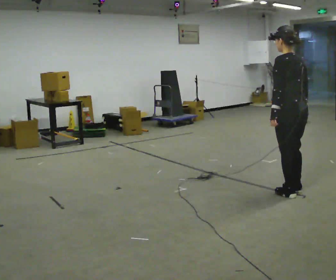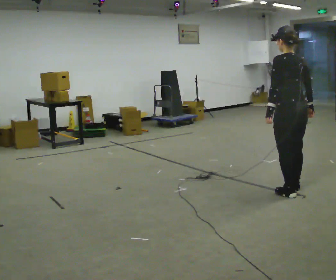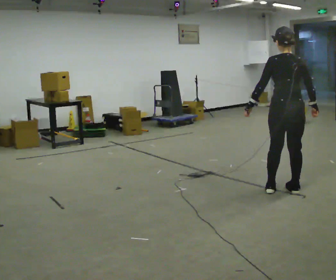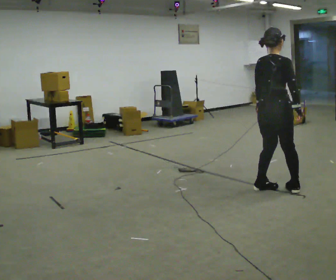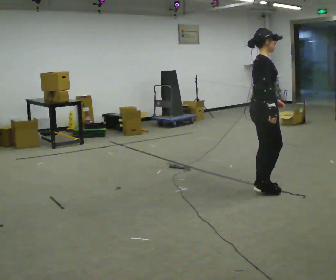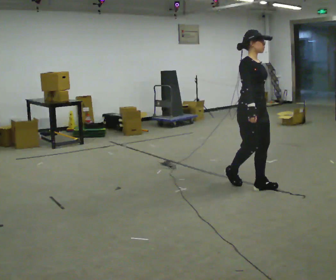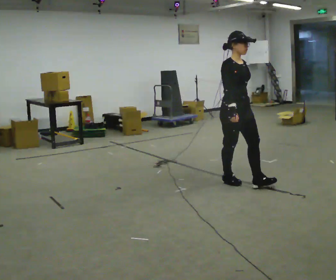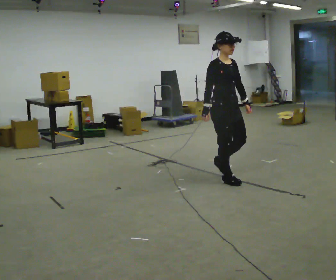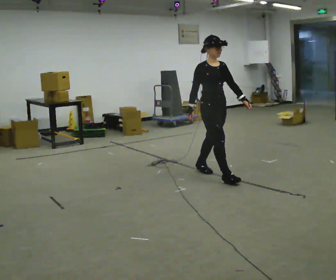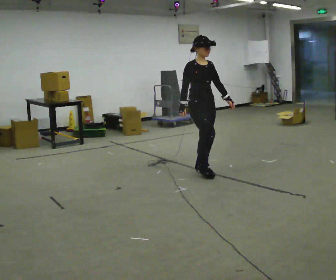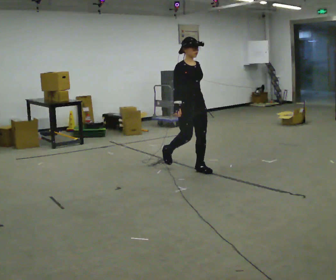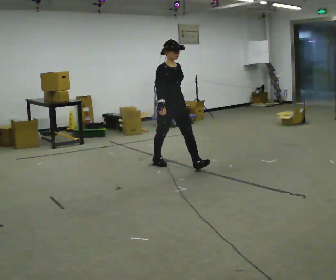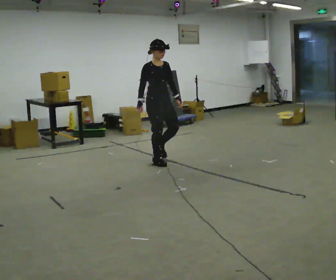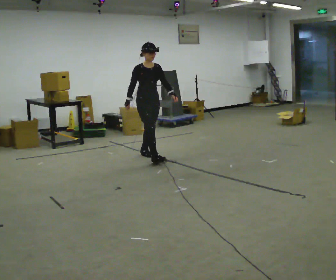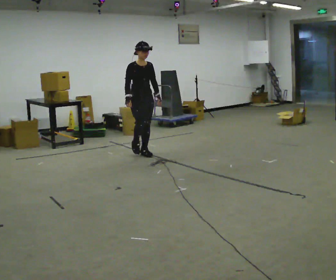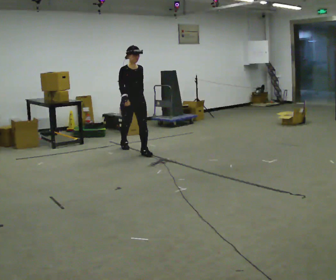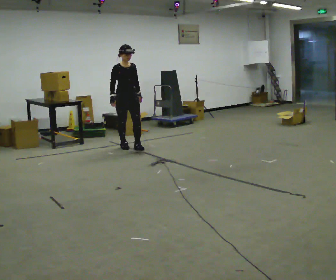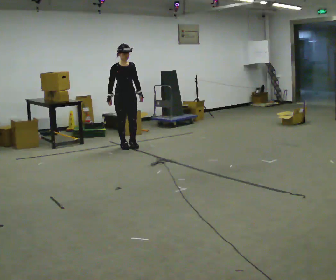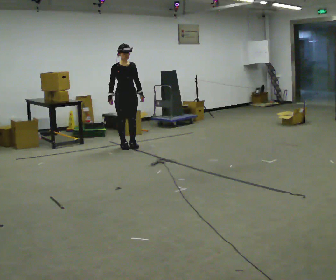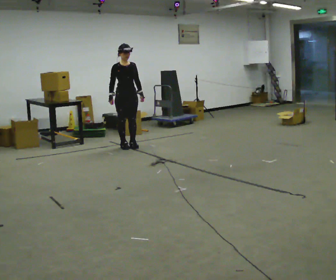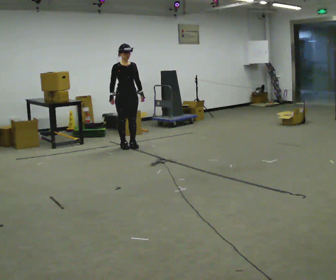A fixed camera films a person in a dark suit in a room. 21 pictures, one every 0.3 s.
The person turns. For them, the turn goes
to their right.
The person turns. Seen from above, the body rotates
clockwise.
0.0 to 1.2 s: Seen from above the body turns clockwise, about 120 degrees: to their right, with its near side sliding to the left. In the picture they go to the left and away from the camera, about 0.25 m in 2 steps.
1.2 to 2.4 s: The person turns about 45 degrees to their right, clockwise seen from above, so the part of the body nearest the lens slides to the left. In the picture they go away from the camera and to the left, about 0.75 m in 1 step, which for them is backward.
2.4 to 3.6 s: In the picture they go to the left and away from the camera, about 1 m in 2 steps, which for them is backward.
3.6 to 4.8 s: In the picture they go away from the camera and to the left, about 1 m in 2 steps, which for them is backward.
4.8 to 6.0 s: The person moves a little, or ends about where they began.
The film runs backward here.
